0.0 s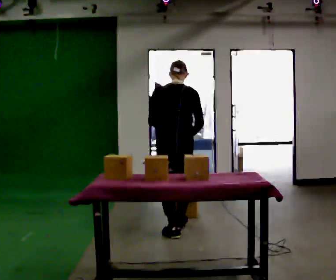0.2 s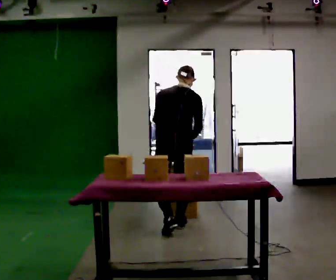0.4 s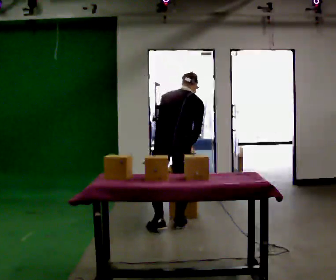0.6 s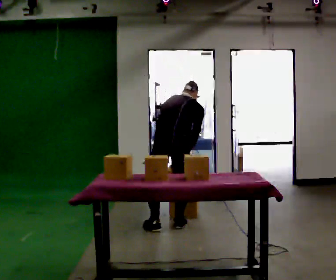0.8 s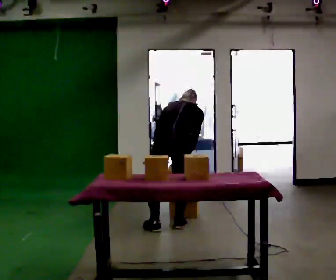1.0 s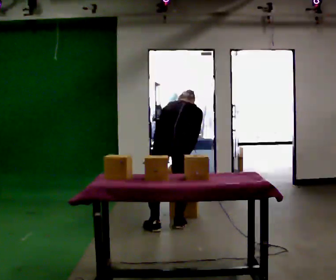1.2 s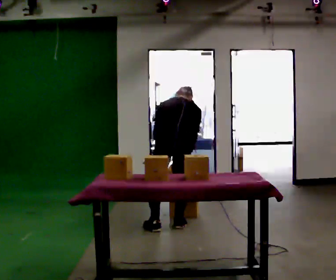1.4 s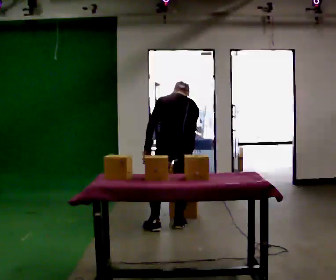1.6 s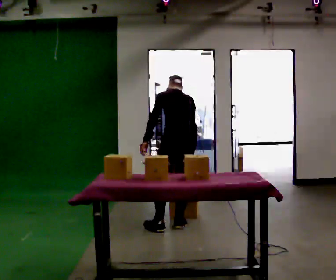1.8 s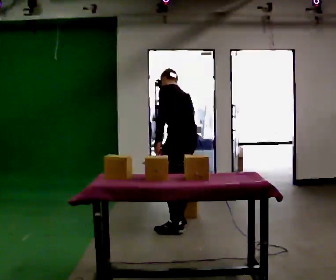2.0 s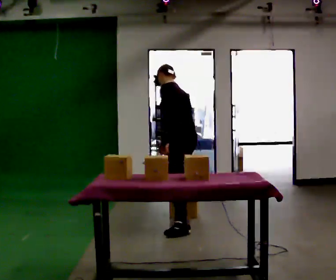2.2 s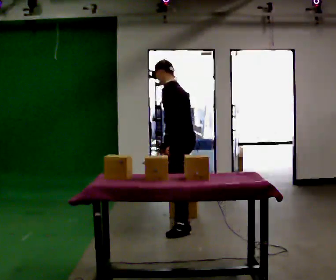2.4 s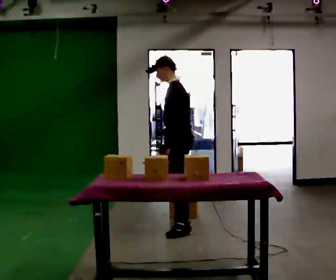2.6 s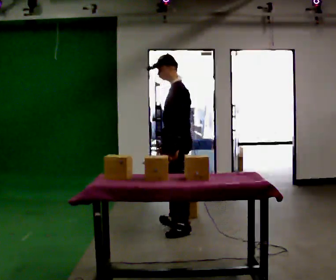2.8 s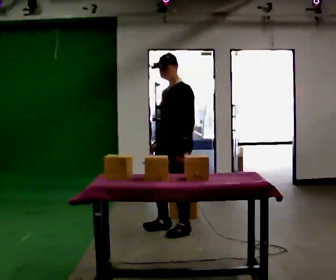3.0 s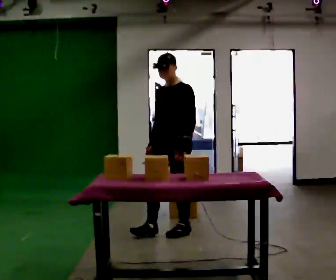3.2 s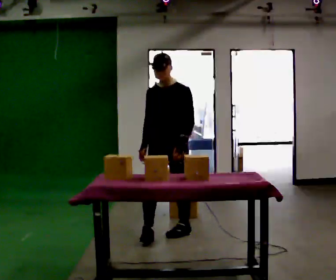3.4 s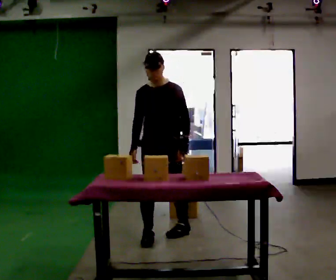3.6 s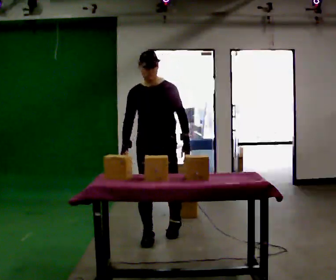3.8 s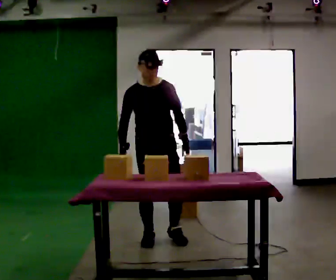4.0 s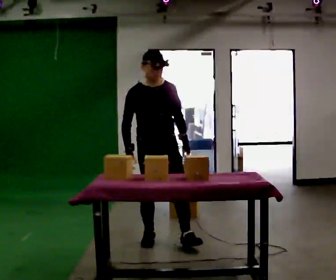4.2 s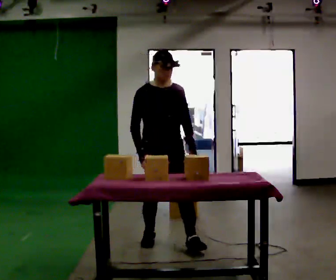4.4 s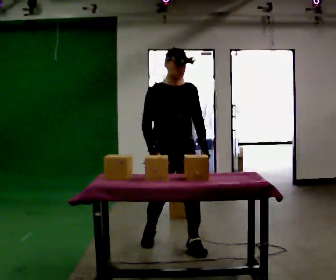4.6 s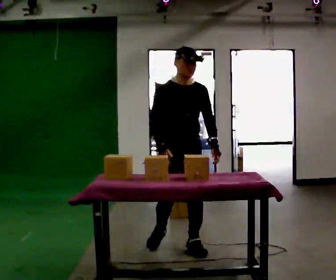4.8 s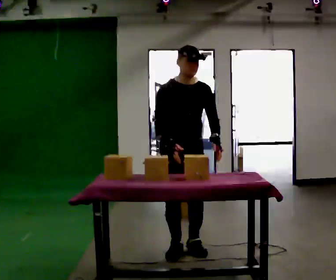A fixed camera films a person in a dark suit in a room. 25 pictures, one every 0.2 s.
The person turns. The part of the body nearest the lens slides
to the right.
The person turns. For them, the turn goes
to their left.
0.0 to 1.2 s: In the picture they go away from the camera, about 0.25 m in 1 step, which for them is forward. The upper body tips away from the camera, its near side rolling upward, as they bend forward.
1.2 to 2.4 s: The person turns about 75 degrees to their left, counterclockwise seen from above, so the part of the body nearest the lens slides to the right. The upper body goes upward. The upper body tips toward the camera, its near side rolling downward, as they lean back or straighten.
2.4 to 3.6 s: The part of the body nearest the lens slides to the right as the person turns to their left by about 90 degrees. In the picture they go toward the camera and to the left, about 0.25 m in 1 step.
3.6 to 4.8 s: In the picture they go toward the camera and to the right, about 0.5 m in 1 step, which for them is forward.
The film runs forward here.
